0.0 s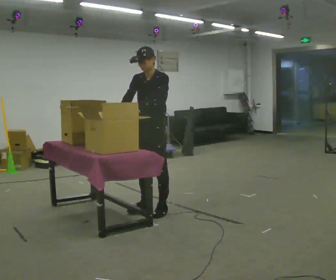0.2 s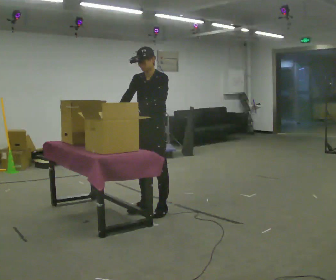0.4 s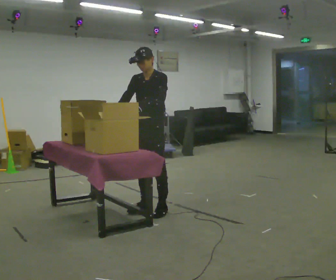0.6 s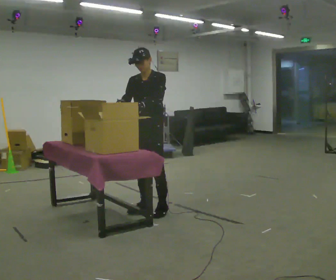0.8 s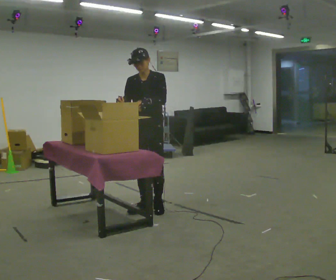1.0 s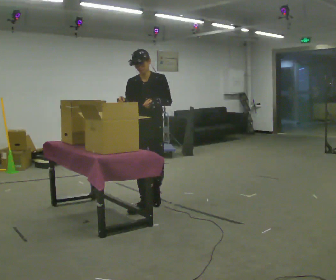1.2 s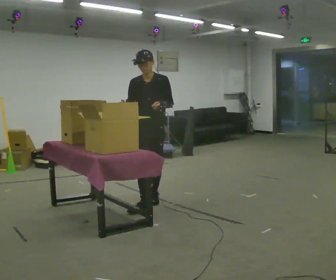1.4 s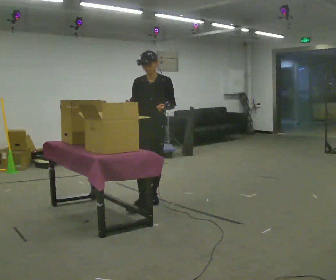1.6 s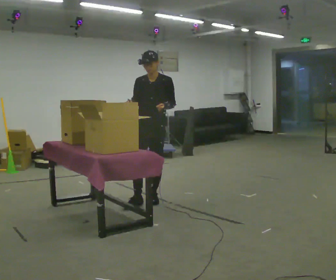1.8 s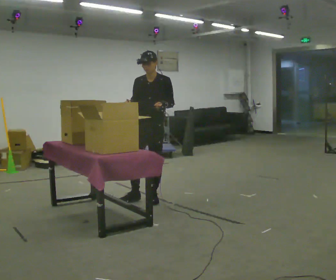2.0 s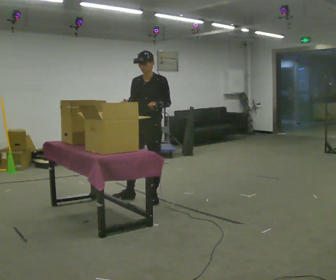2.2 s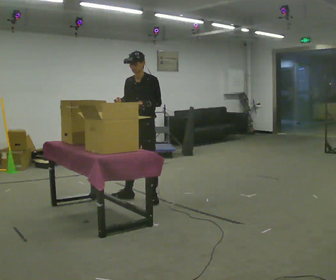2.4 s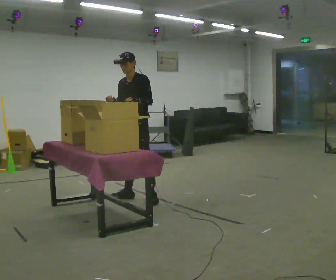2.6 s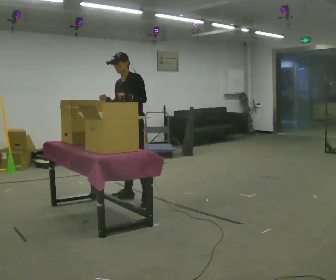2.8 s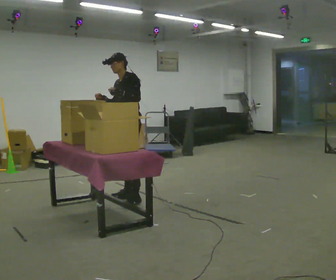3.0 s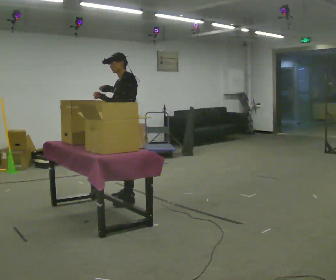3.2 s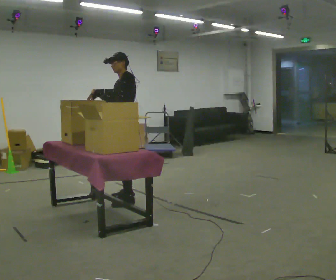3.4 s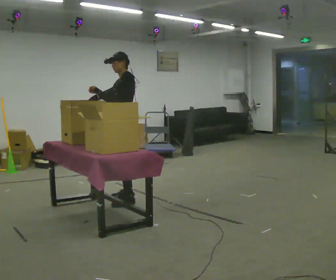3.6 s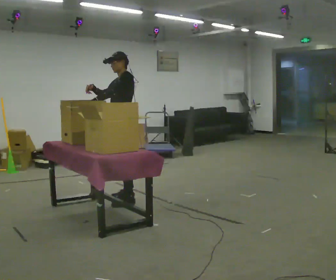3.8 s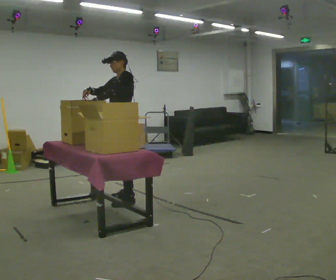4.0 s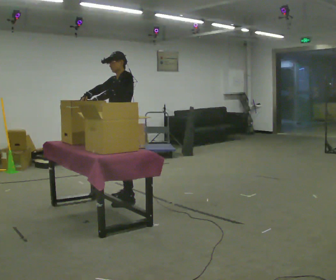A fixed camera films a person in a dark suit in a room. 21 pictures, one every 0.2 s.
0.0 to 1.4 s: The person turns about 30 degrees to their left, counterclockwise seen from above, so the part of the body nearest the lens slides to the right. In the picture they go away from the camera, about 0.25 m in 1 step, which for them is backward.
1.4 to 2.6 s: Seen from above the body turns clockwise, about 30 degrees: to their right, with its near side sliding to the left. In the picture they go away from the camera and to the left, about 0.25 m in 2 steps, which for them is to their right and backward.
2.6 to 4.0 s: In the picture their left hand goes to the left.
The film runs backward here.
